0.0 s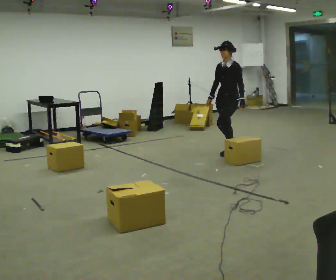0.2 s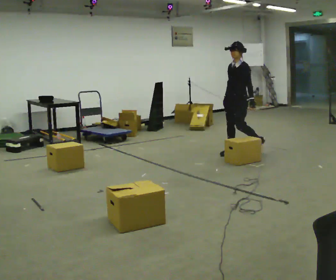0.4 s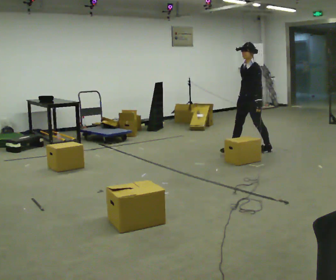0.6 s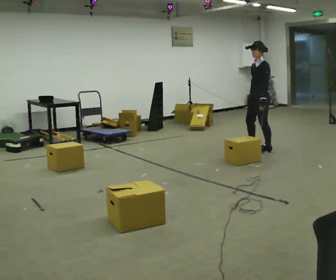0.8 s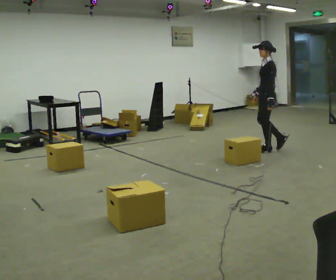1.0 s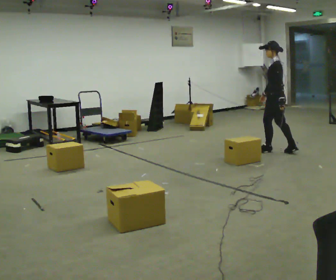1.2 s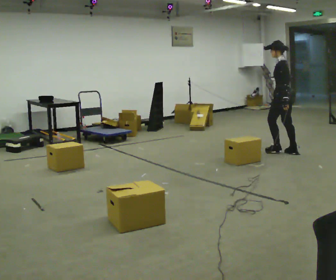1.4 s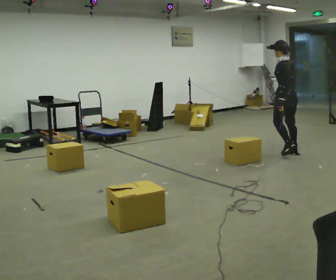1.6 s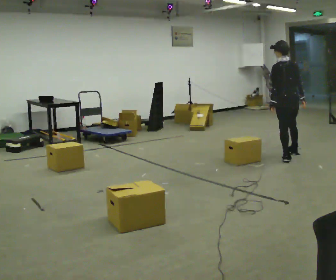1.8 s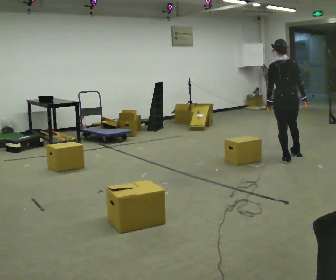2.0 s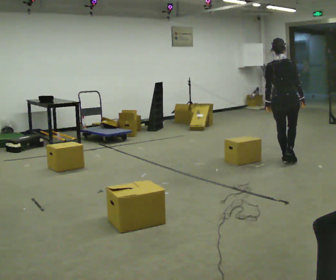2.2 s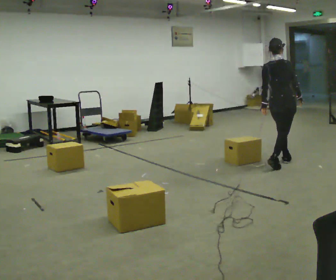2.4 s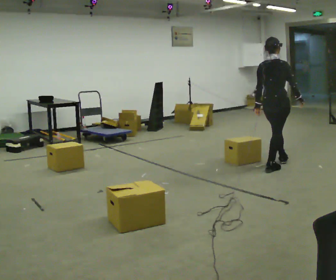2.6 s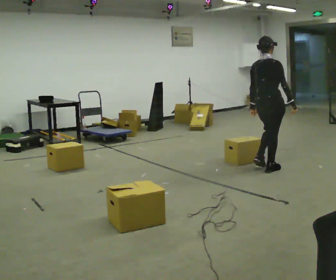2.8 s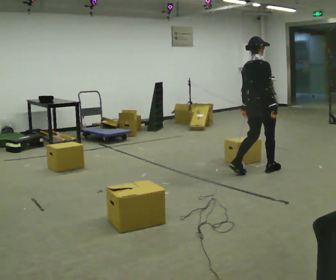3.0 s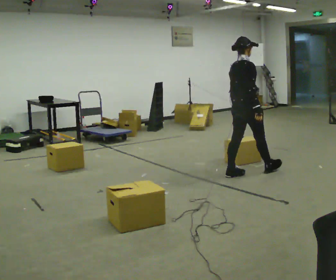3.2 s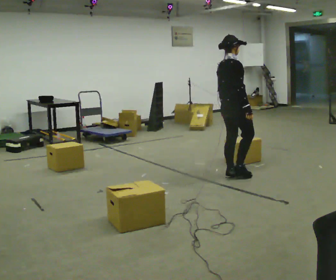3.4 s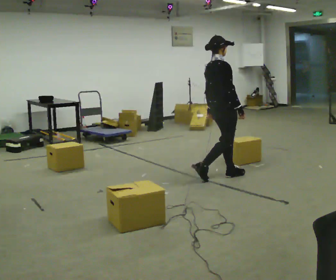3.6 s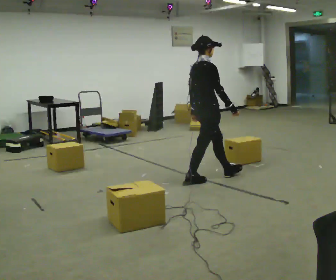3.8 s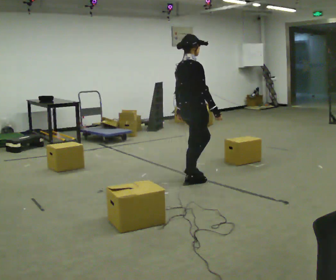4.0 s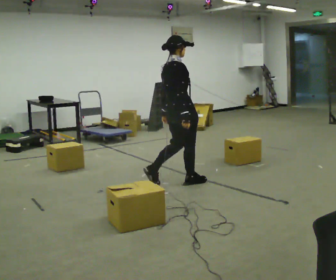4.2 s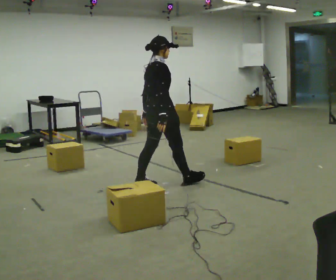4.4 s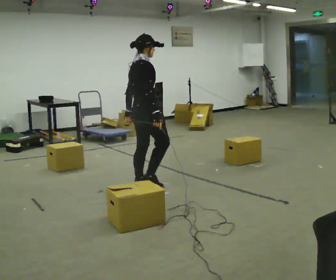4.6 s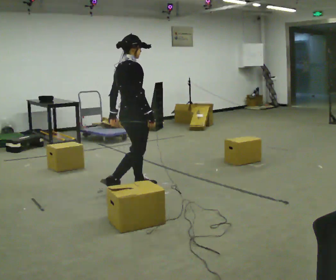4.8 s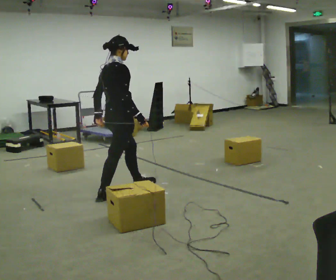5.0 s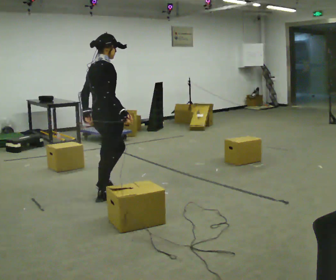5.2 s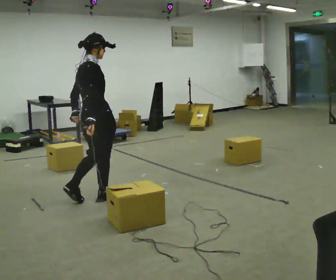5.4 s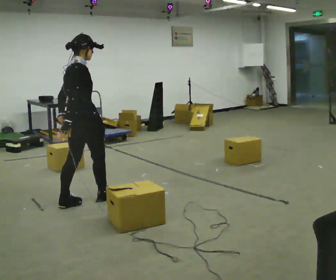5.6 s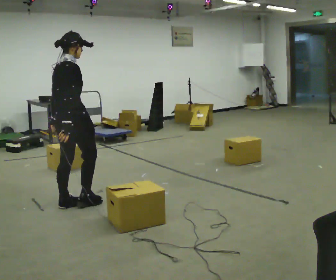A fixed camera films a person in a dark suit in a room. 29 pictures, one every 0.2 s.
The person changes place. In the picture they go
toward the camera.
The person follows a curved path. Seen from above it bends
clockwise.
0.0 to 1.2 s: The part of the body nearest the lens slides to the left as the person turns to their right by about 75 degrees. In the picture they go to the right, about 1 m in 2 steps.
1.2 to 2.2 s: Seen from above the body turns clockwise, about 105 degrees: to their right, with its near side sliding to the left. In the picture they go toward the camera, about 0.5 m in 1 step.
2.2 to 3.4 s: The part of the body nearest the lens slides to the left as the person turns to their right by about 30 degrees. In the picture they go to the left and toward the camera, about 1 m in 2 steps, which for them is backward.
3.4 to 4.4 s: In the picture they go to the left and toward the camera, about 1 m in 2 steps, which for them is backward.
4.4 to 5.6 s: In the picture they go toward the camera and to the left, about 1 m in 2 steps, which for them is backward.
The film runs backward here.
